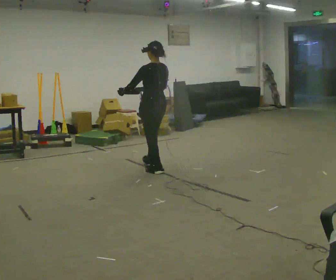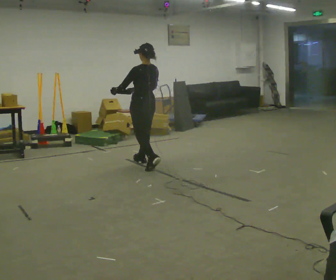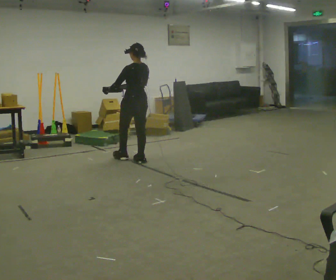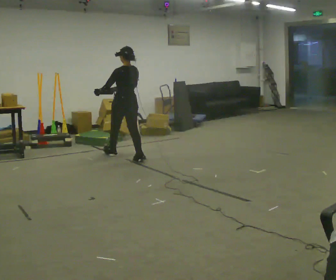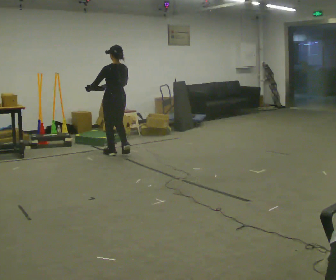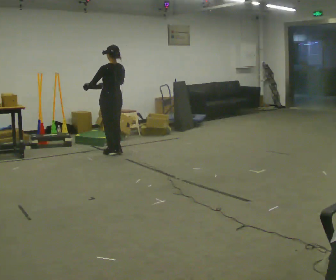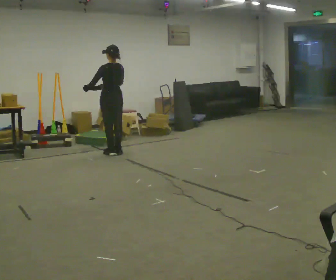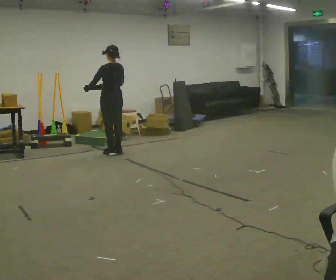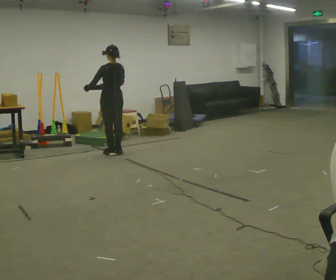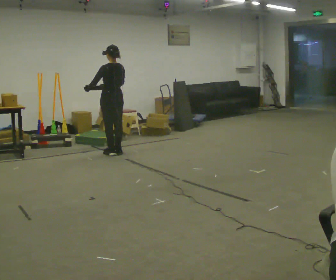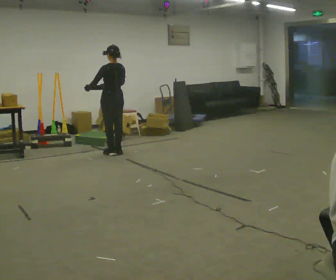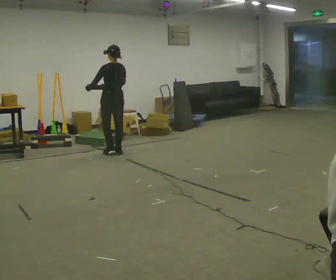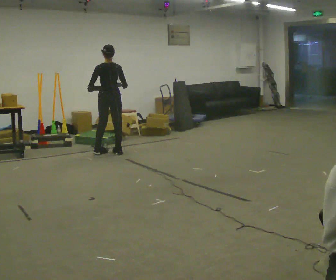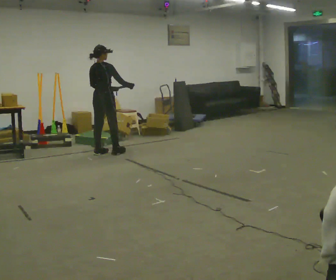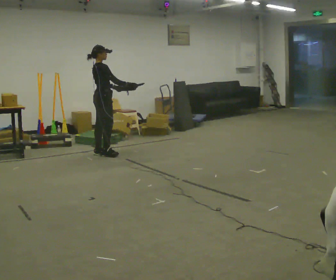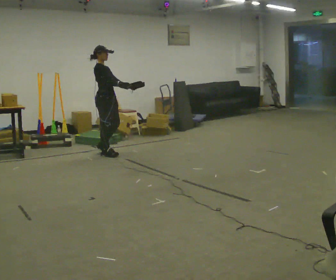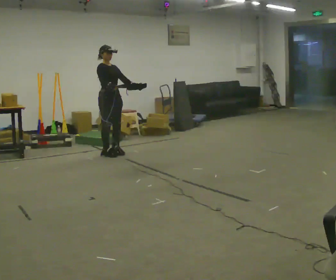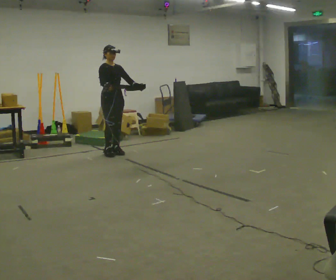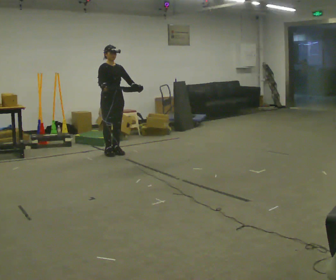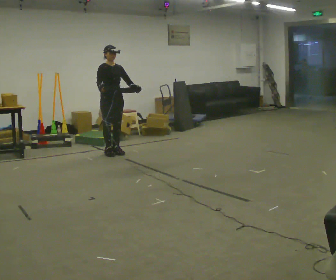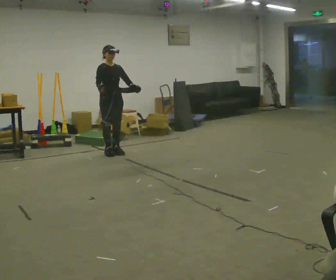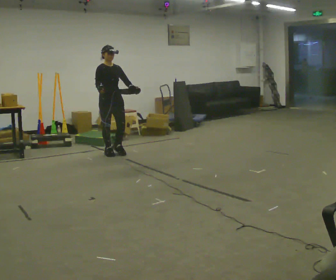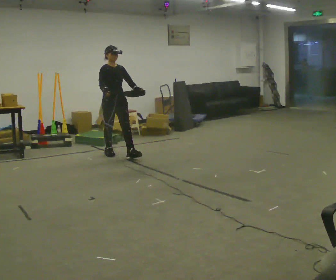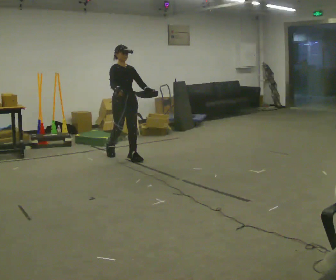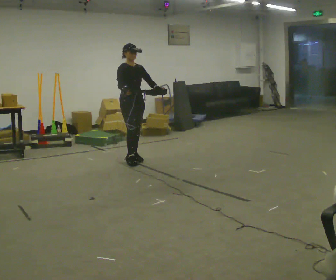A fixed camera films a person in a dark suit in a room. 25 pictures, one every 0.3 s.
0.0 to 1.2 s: In the picture they go away from the camera and to the left, about 1 m in 2 steps, which for them is forward.
1.2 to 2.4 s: The person moves a little, or ends about where they began.
2.4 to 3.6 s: Seen from above the body turns clockwise, about 30 degrees: to their right, with its near side sliding to the left.
3.6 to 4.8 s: The person turns about 135 degrees to their right, clockwise seen from above, so the part of the body nearest the lens slides to the left.
4.8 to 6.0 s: The person moves a little, or ends about where they began.
6.0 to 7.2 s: In the picture they go toward the camera and to the right, about 0.5 m in 1 step, which for them is forward.
The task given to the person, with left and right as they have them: Carry the box with its lid hanging open across the room, back and forth.
The film runs forward here.
